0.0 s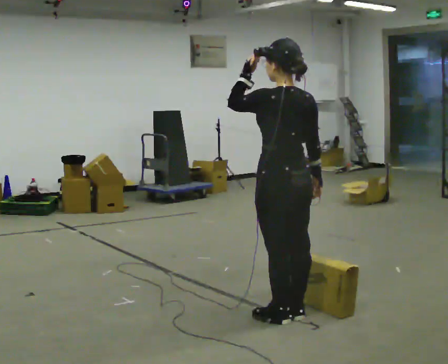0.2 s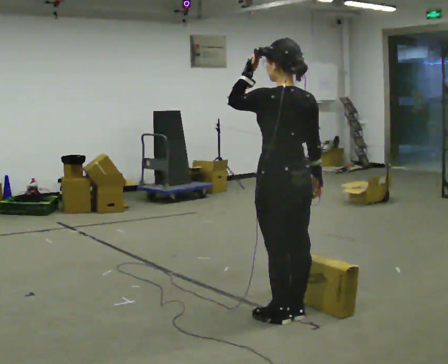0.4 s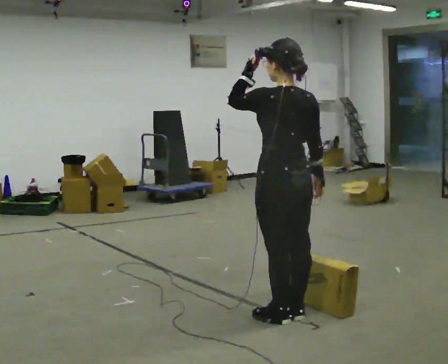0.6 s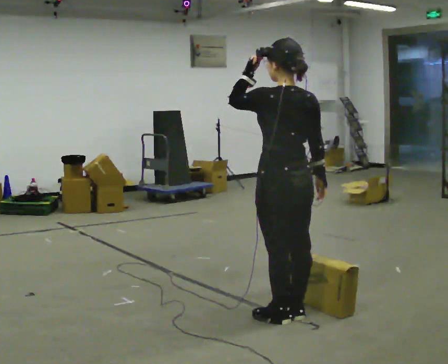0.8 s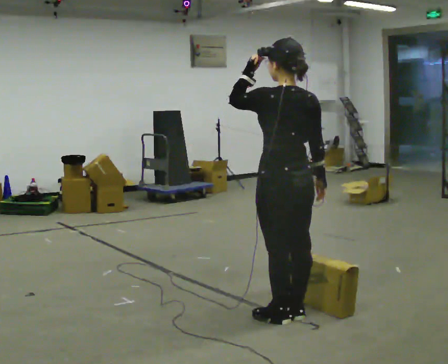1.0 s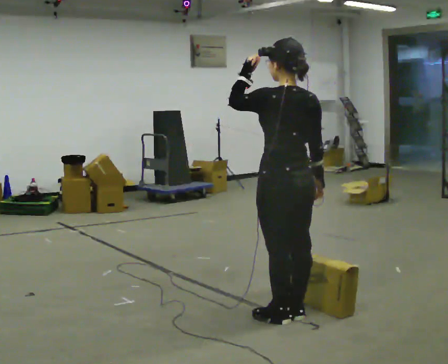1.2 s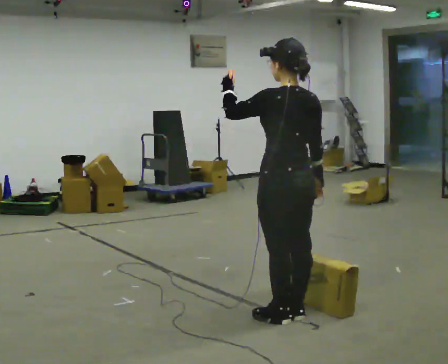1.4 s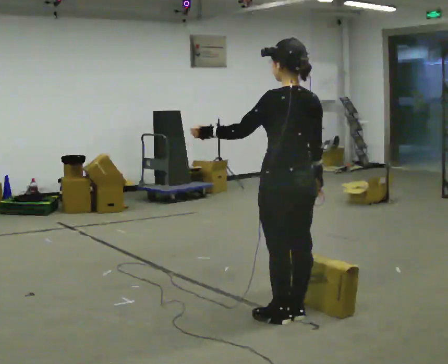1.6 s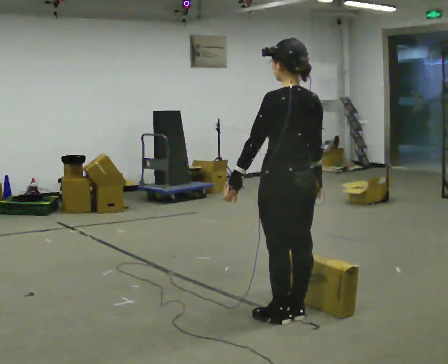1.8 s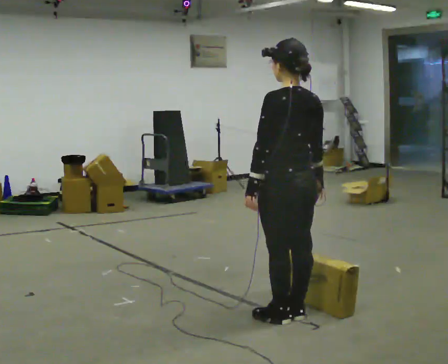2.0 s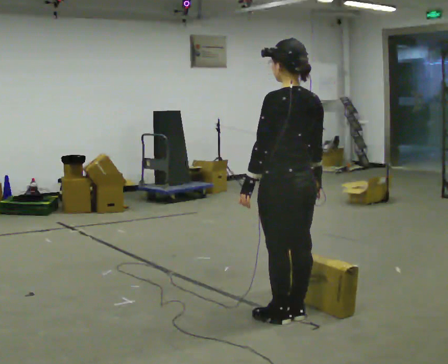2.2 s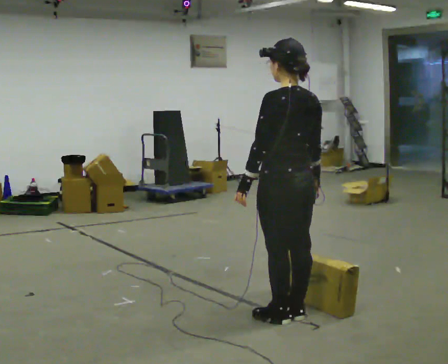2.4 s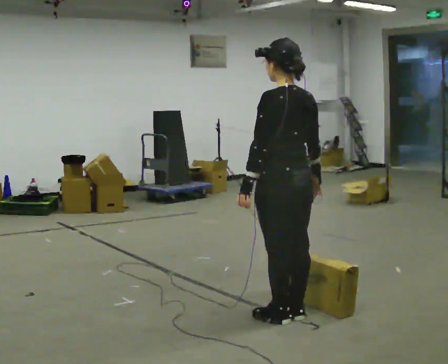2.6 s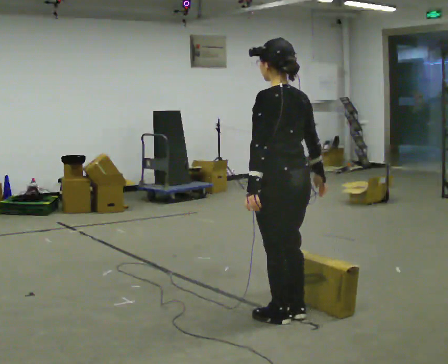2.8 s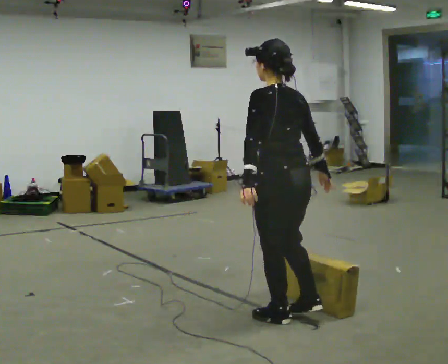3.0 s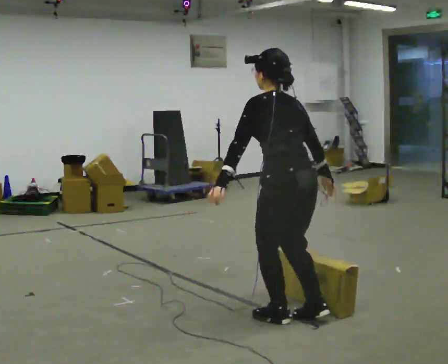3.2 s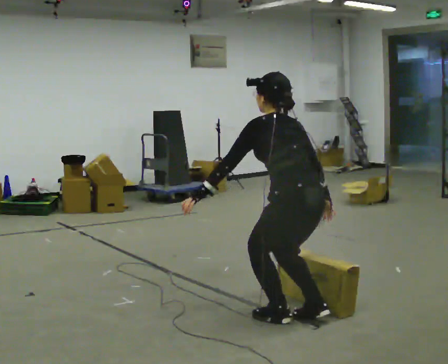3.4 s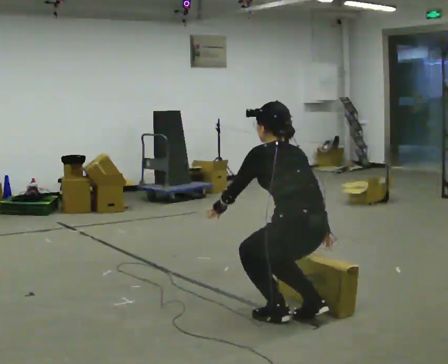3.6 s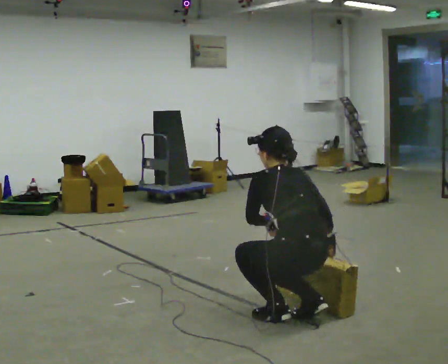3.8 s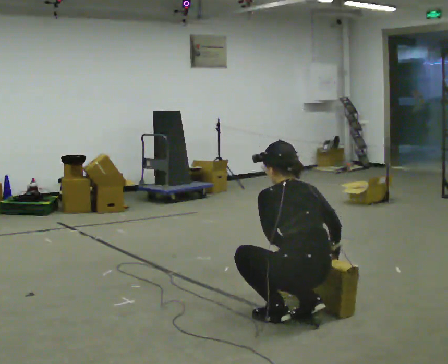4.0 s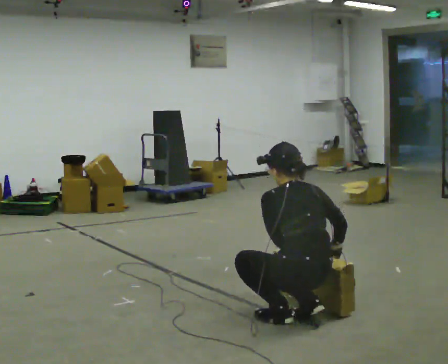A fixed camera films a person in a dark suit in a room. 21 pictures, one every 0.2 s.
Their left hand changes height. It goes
downward.
Their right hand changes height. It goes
downward.
0.0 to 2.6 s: In the picture their left hand goes downward.
2.6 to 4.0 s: The upper body goes downward. The upper body tips away from the camera, its near side rolling upward, as they bend forward. In the picture their left hand goes downward.
The film runs backward here.
